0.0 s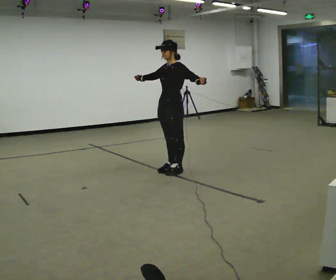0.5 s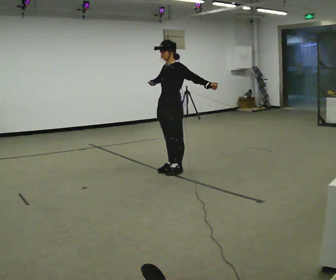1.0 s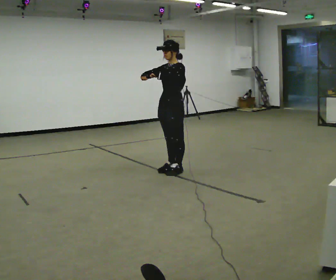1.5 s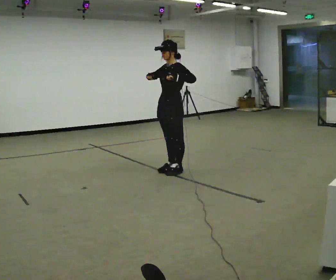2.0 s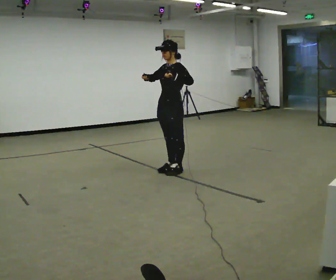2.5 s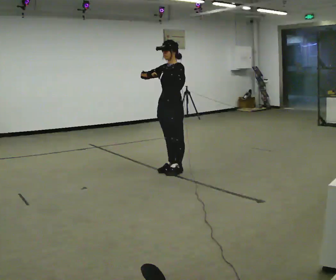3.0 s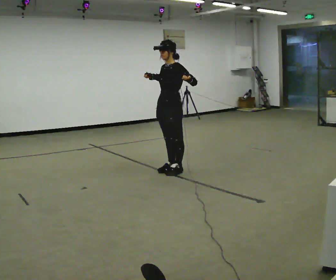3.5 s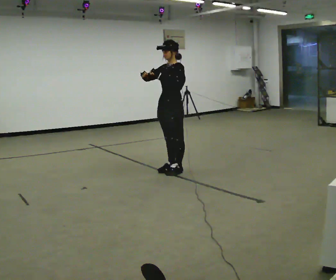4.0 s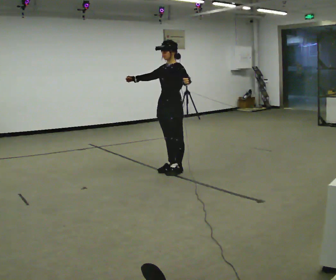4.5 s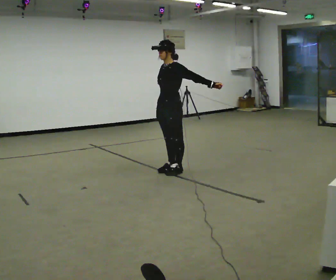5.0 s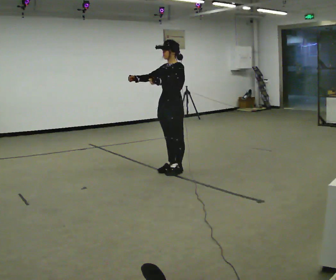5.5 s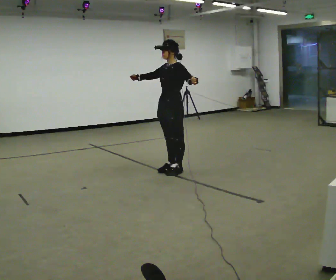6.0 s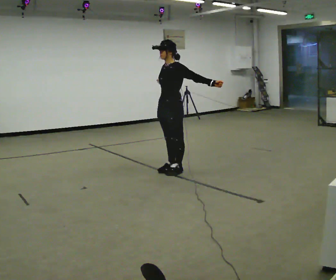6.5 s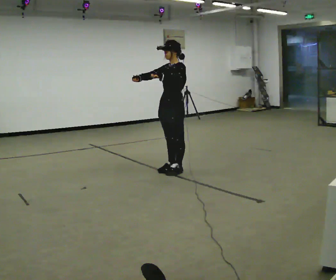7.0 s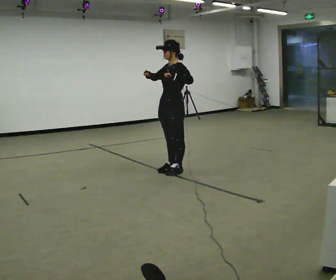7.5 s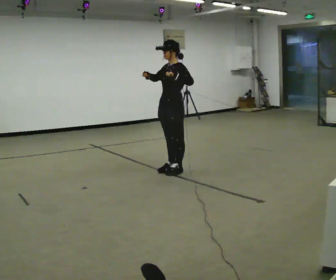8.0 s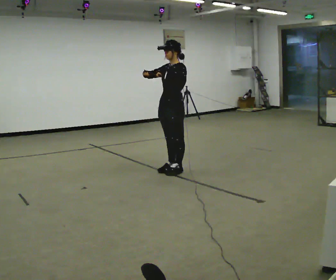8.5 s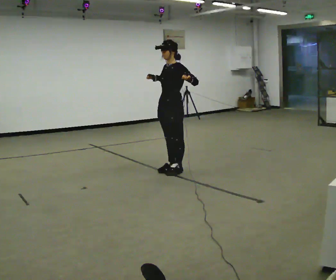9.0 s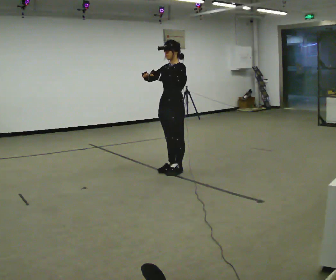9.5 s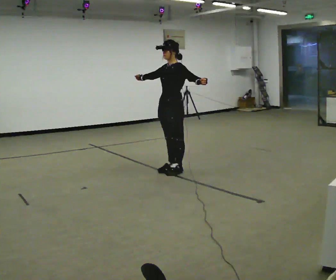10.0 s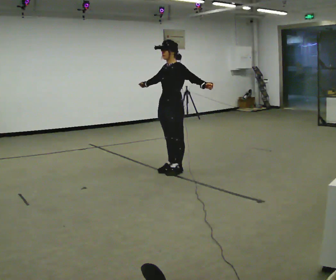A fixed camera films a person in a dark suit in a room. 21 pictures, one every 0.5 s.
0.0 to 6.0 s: The person moves a little, or ends about where they began.
6.0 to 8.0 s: In the picture their left hand goes to the left.
8.0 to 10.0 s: In the picture their left hand goes to the right.
The film runs forward here.
